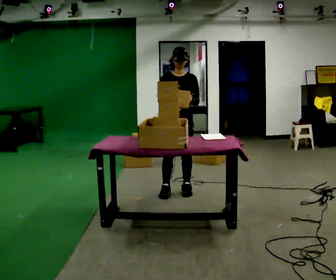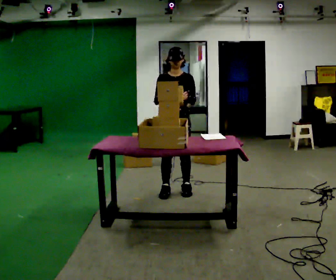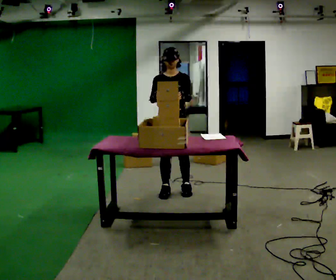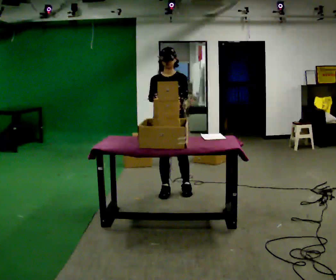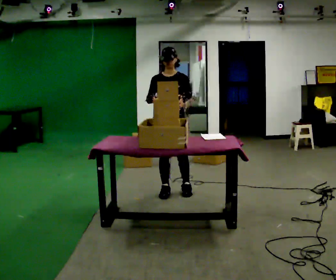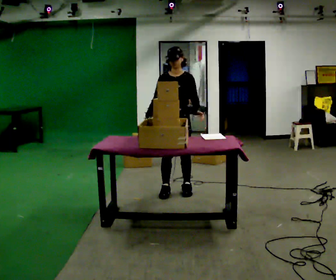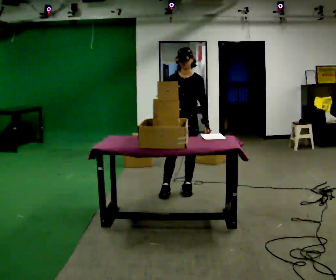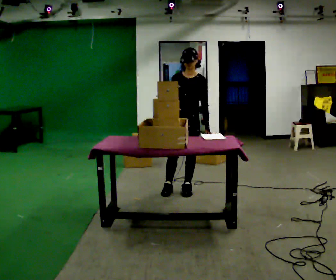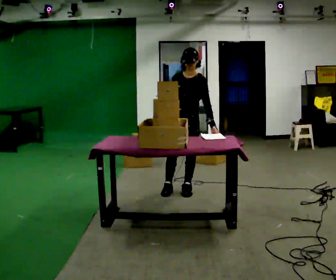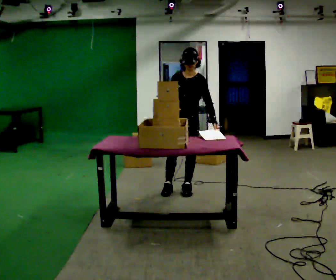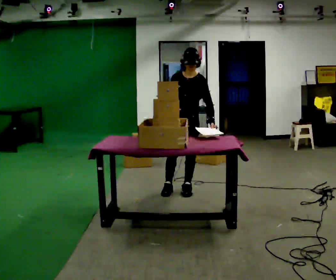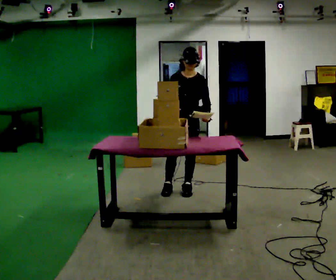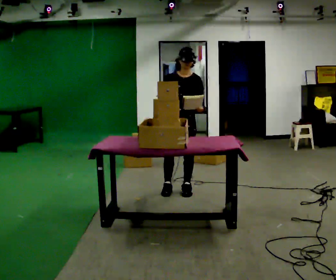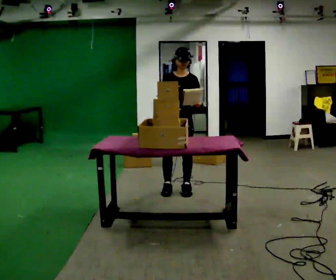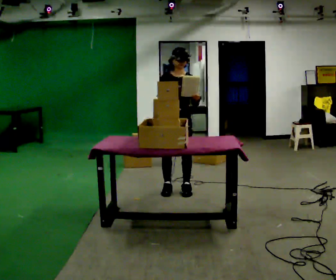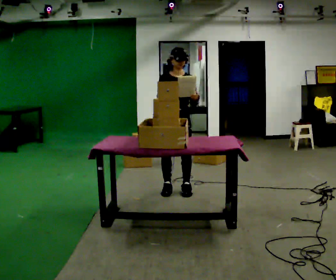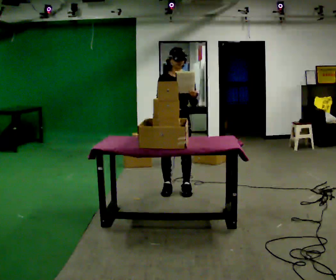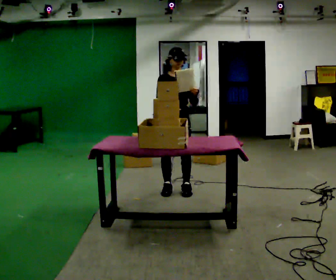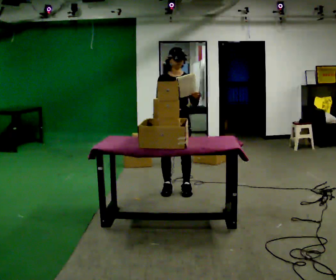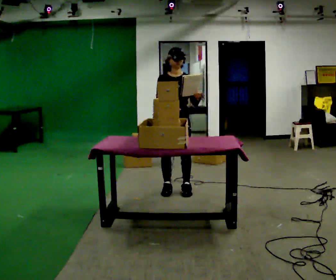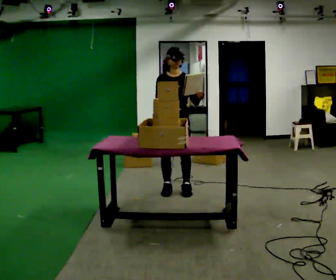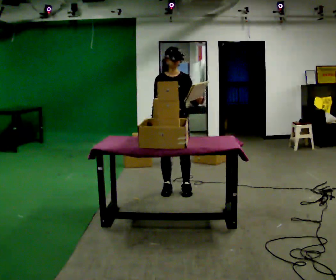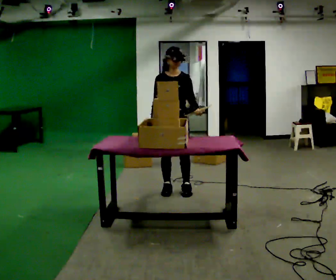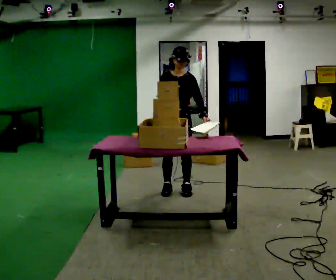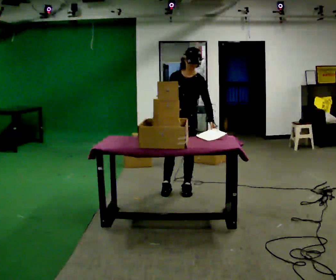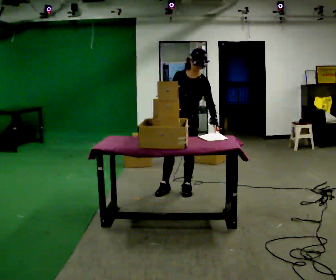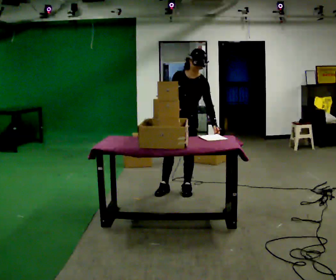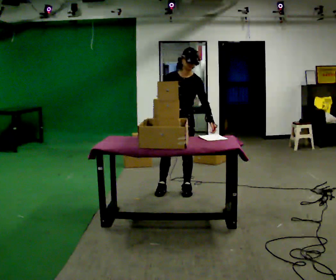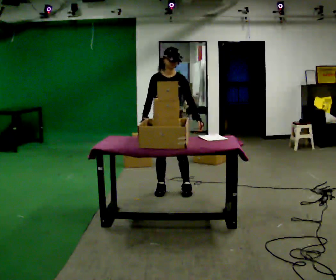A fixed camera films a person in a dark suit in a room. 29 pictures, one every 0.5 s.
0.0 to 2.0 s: The person moves a little, or ends about where they began.
2.0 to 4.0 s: In the picture they go to the right, about 0.25 m, which for them is to their left.
4.0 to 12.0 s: The person moves a little, or ends about where they began.
12.0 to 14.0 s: In the picture they go to the left, about 0.25 m, which for them is to their right.
The film runs backward here.
